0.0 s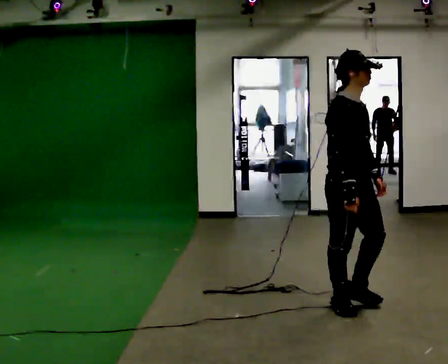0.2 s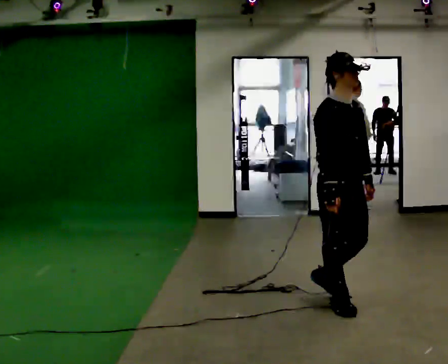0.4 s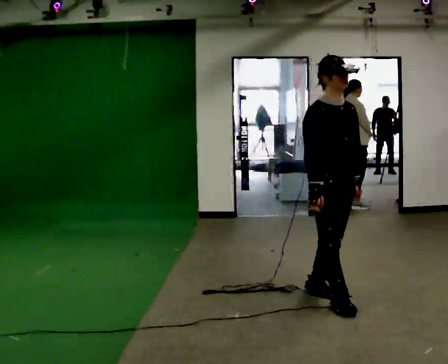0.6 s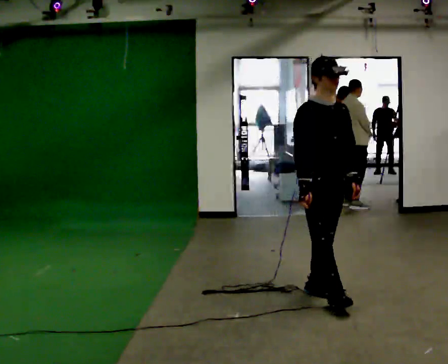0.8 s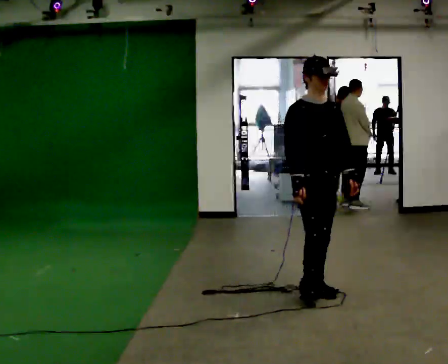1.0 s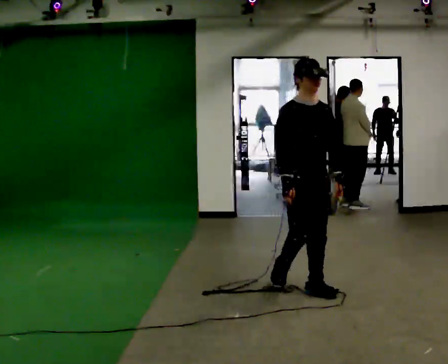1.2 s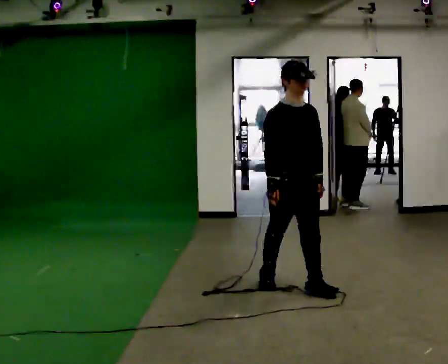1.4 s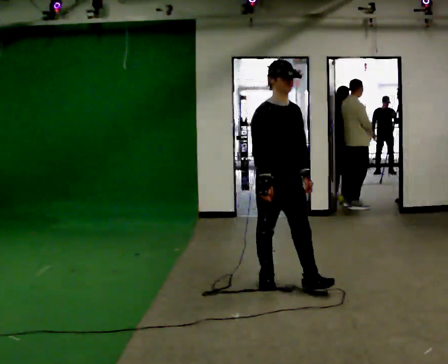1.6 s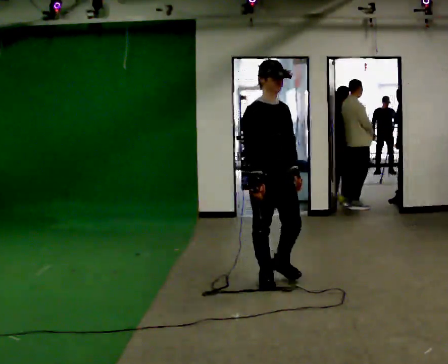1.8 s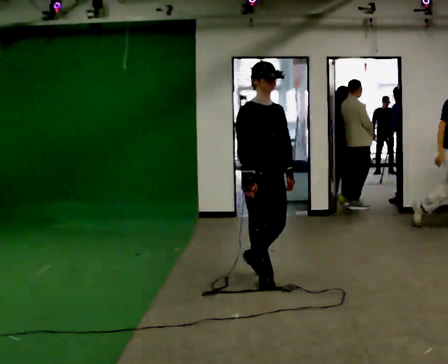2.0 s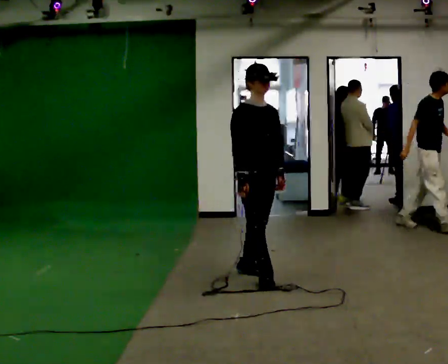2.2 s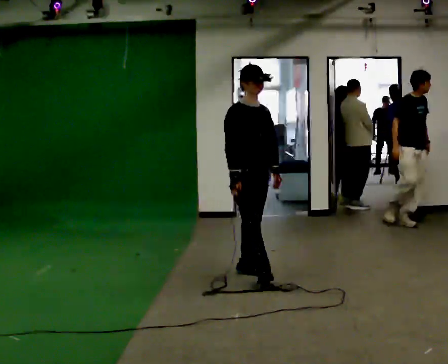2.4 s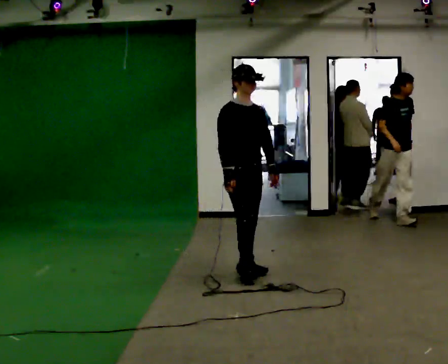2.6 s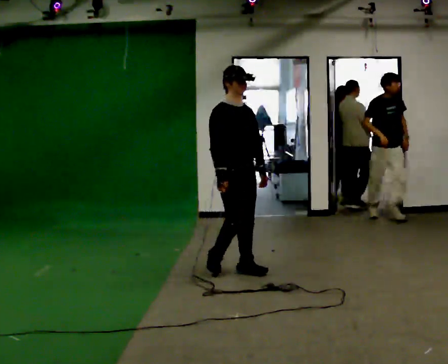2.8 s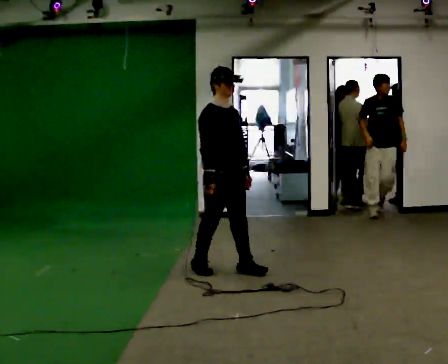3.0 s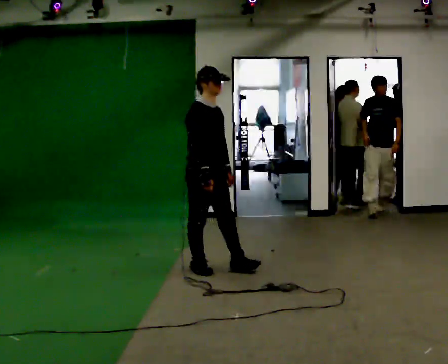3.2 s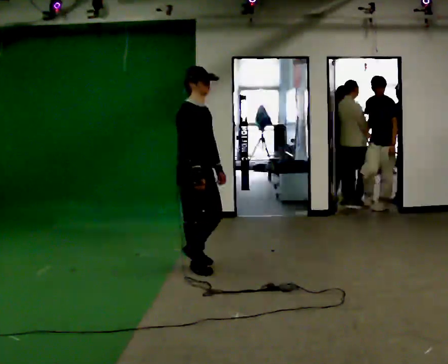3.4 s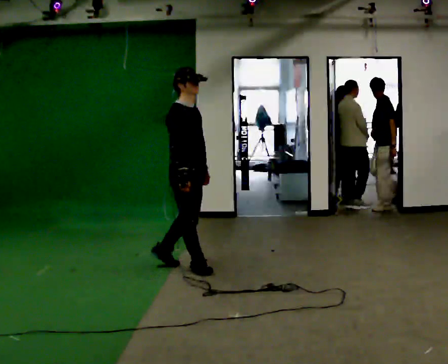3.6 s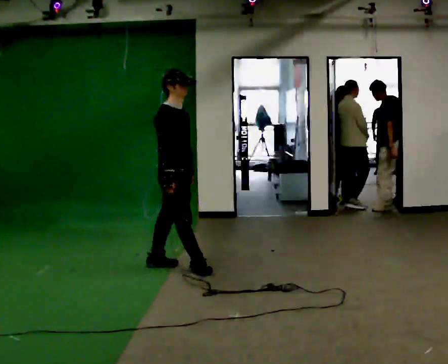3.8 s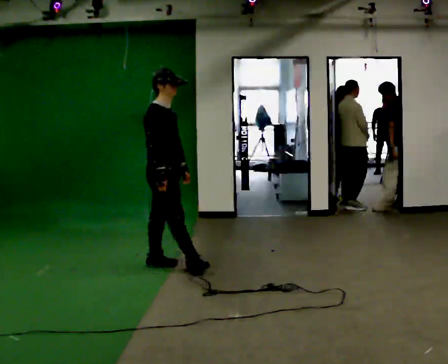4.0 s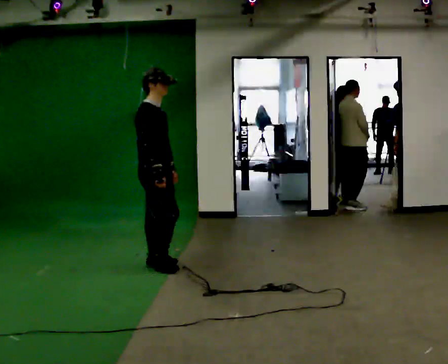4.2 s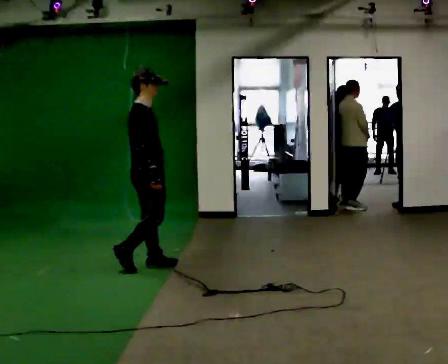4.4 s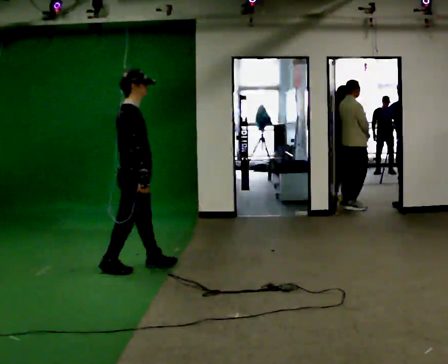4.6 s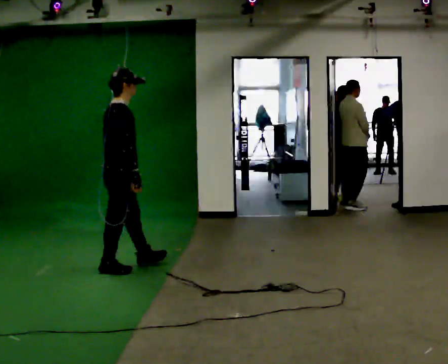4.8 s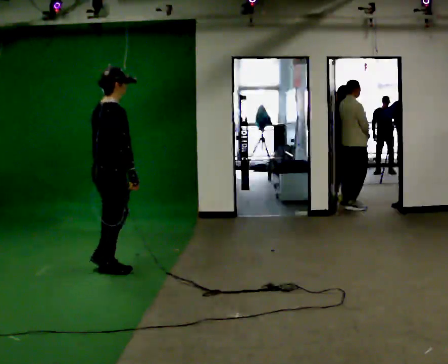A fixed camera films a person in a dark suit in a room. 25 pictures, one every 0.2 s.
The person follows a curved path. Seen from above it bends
counterclockwise.
The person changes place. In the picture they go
to the left.
0.0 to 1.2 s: Seen from above the body turns clockwise, about 30 degrees: to their right, with its near side sliding to the left. In the picture they go away from the camera and to the left, about 0.5 m in 1 step, which for them is backward.
1.2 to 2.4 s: In the picture they go away from the camera and to the left, about 0.5 m in 2 steps, which for them is backward.
2.4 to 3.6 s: The part of the body nearest the lens slides to the right as the person turns to their left by about 30 degrees. In the picture they go to the left, about 0.5 m in 1 step, which for them is backward.
3.6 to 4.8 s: The person turns about 45 degrees to their left, counterclockwise seen from above, so the part of the body nearest the lens slides to the right. In the picture they go to the left and toward the camera, about 0.5 m in 2 steps, which for them is backward.
The film runs backward here.
